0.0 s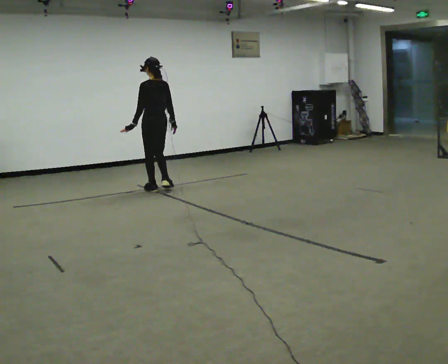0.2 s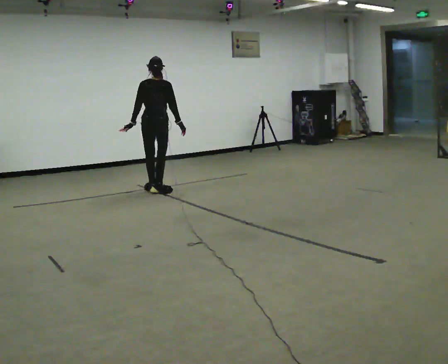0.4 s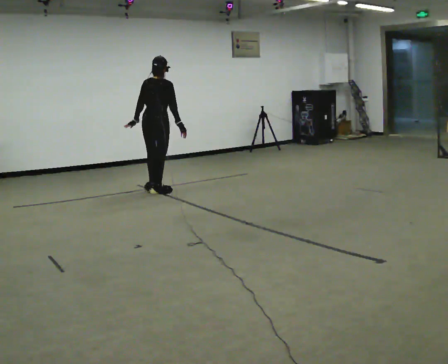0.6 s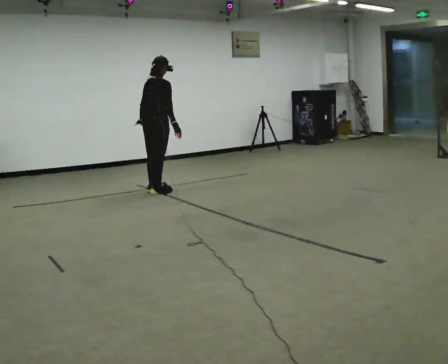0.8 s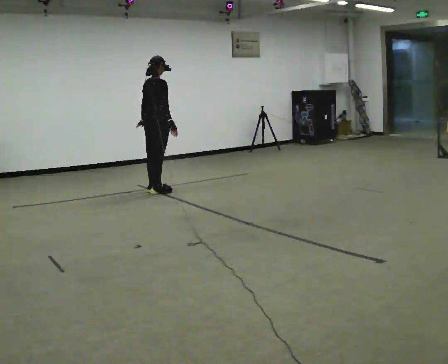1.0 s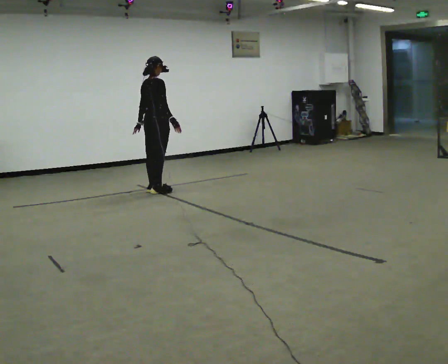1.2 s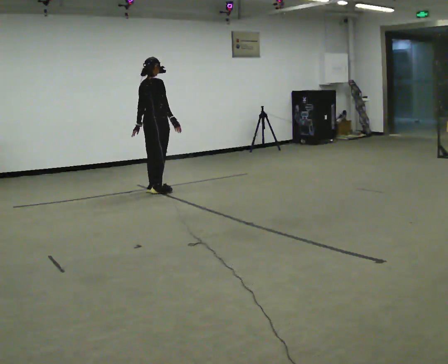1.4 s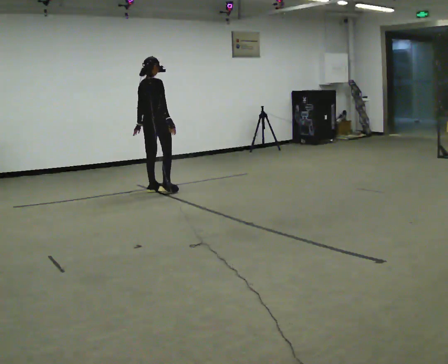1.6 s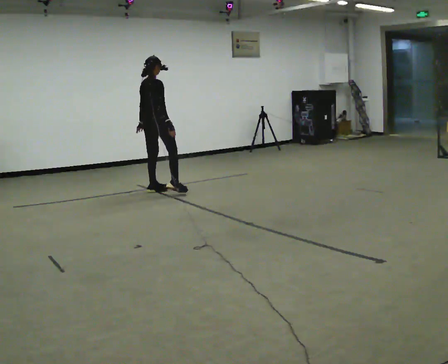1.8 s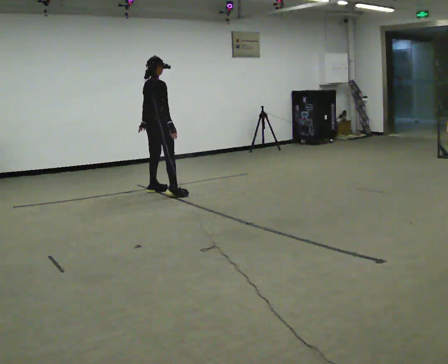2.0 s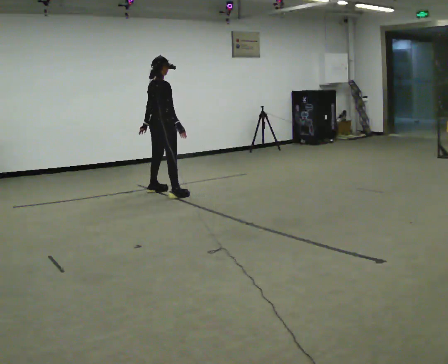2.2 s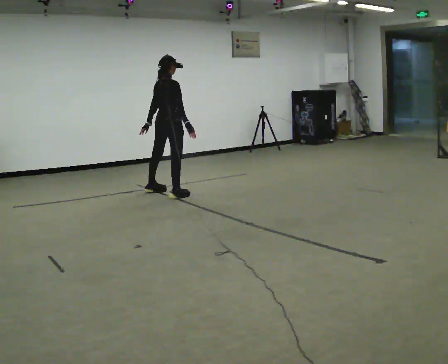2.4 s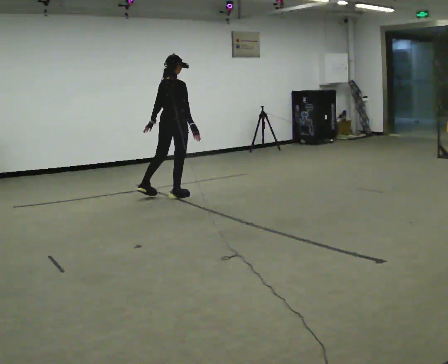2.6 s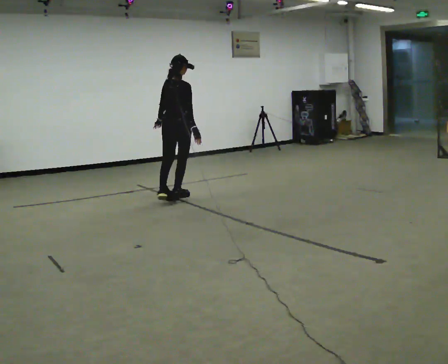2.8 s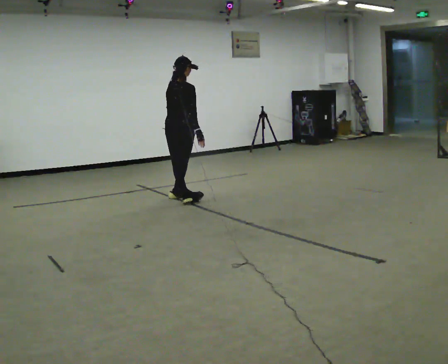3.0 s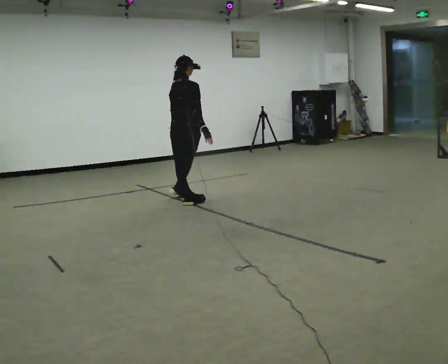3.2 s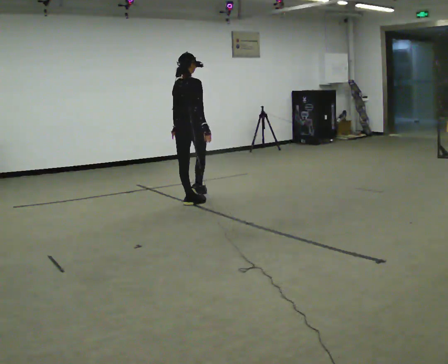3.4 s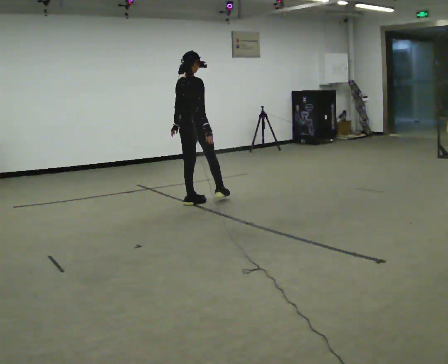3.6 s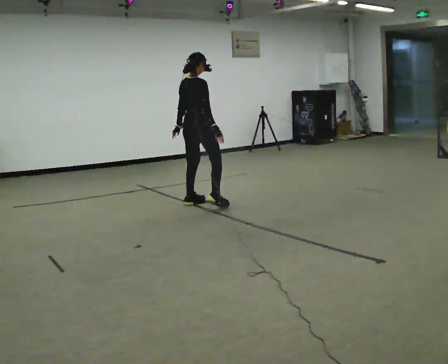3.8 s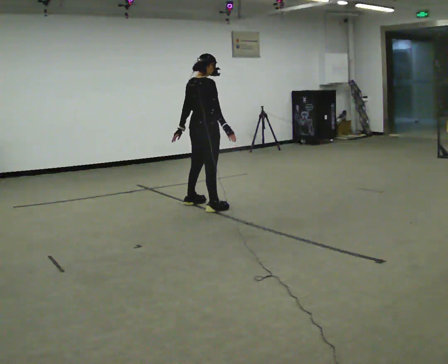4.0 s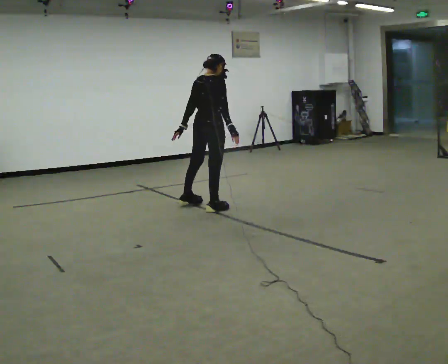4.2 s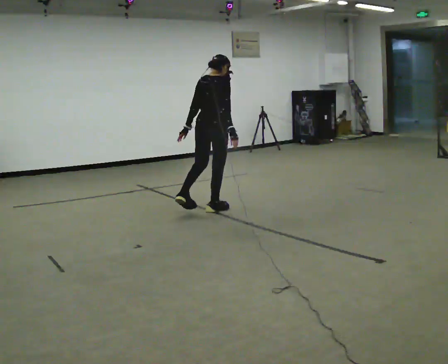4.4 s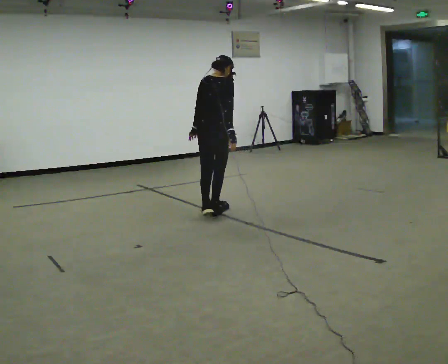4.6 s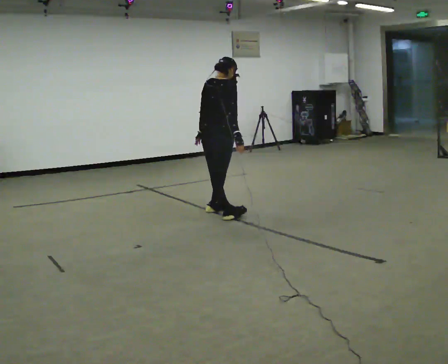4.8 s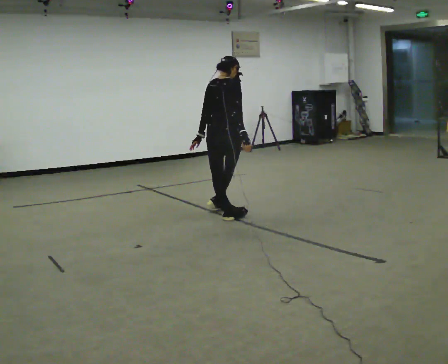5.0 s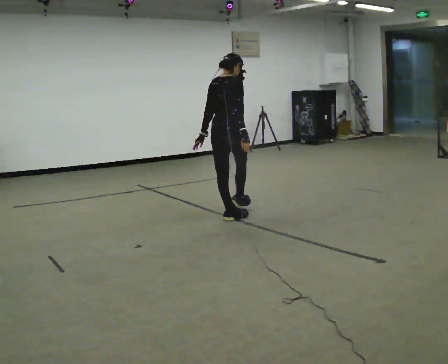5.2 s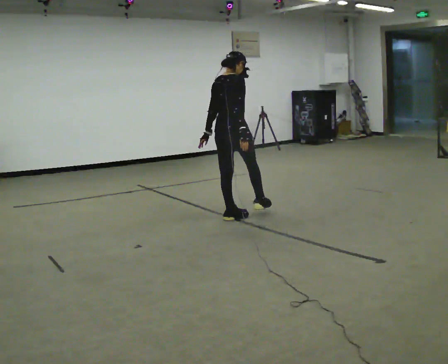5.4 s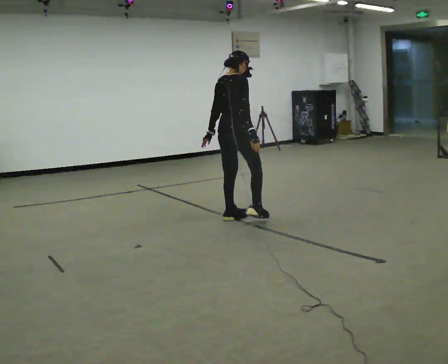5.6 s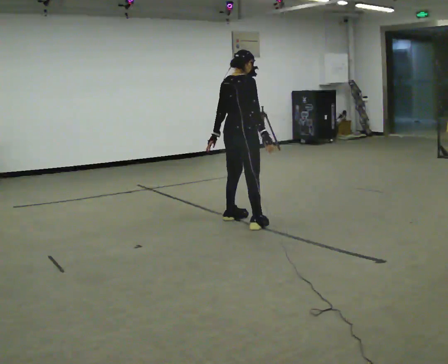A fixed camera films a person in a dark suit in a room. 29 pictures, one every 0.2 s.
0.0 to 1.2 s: The person turns about 75 degrees to their right, clockwise seen from above, so the part of the body nearest the lens slides to the left.
1.2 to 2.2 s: In the picture they go toward the camera, about 0.25 m in 2 steps, which for them is to their right.
2.2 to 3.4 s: In the picture they go toward the camera and to the right, about 0.5 m in 1 step, which for them is to their right and backward.
3.4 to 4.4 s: In the picture they go toward the camera and to the right, about 0.5 m in 1 step, which for them is to their right.
4.4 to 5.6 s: Seen from above the body turns clockwise, about 30 degrees: to their right, with its near side sliding to the left. In the picture they go toward the camera and to the right, about 0.5 m in 1 step, which for them is to their right.
The film runs backward here.
